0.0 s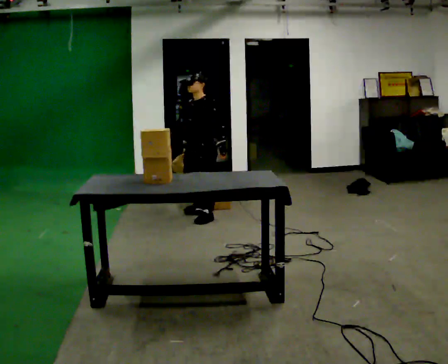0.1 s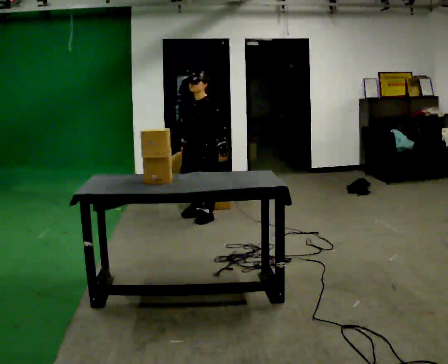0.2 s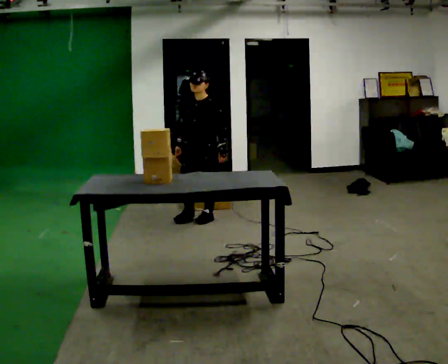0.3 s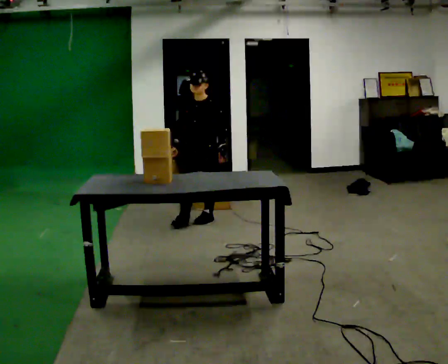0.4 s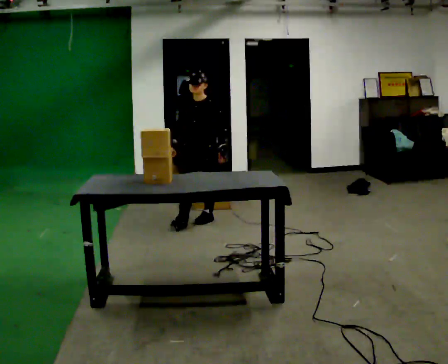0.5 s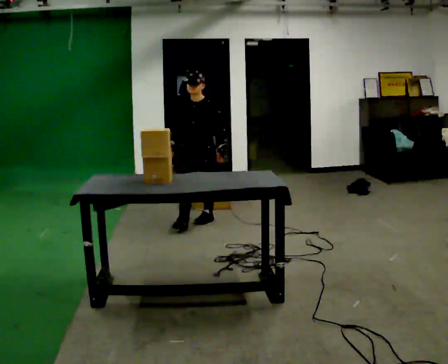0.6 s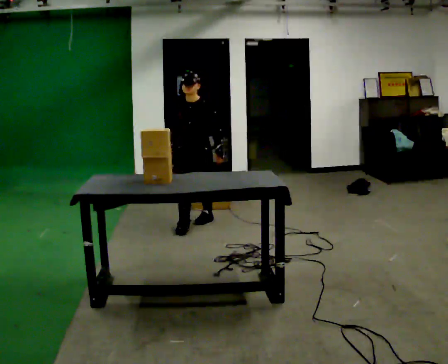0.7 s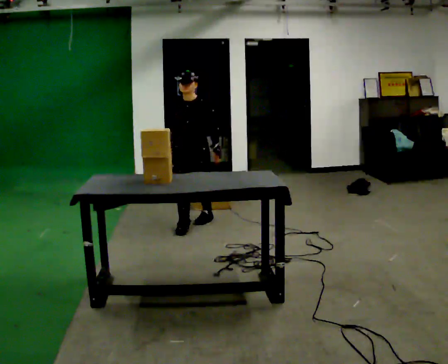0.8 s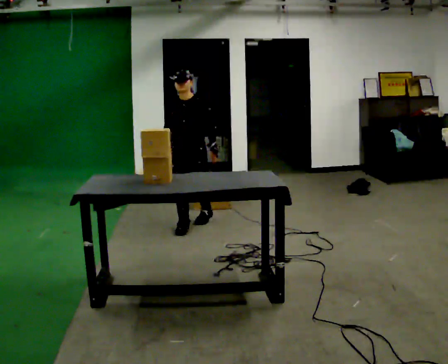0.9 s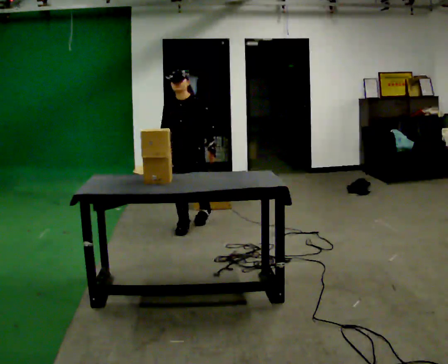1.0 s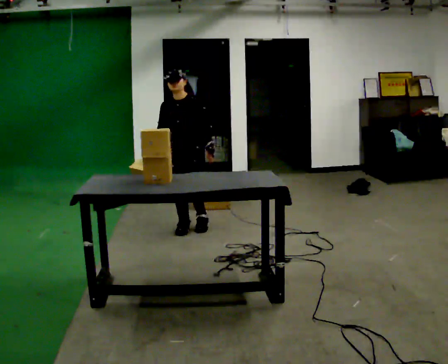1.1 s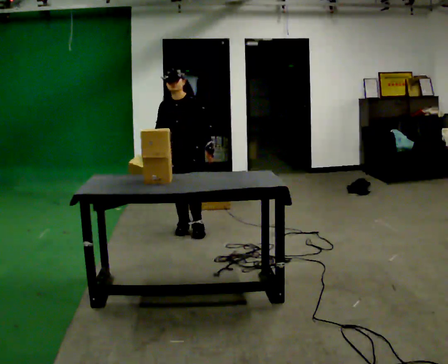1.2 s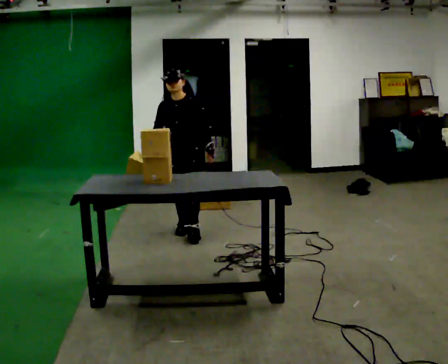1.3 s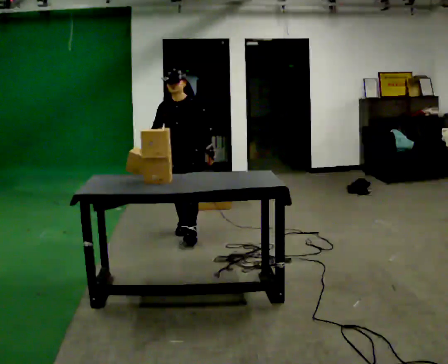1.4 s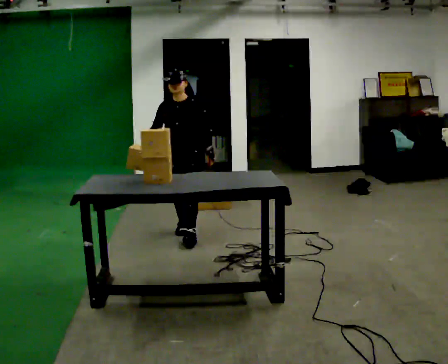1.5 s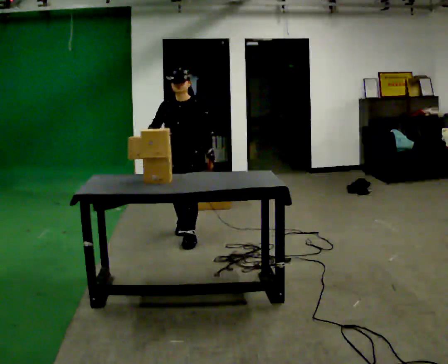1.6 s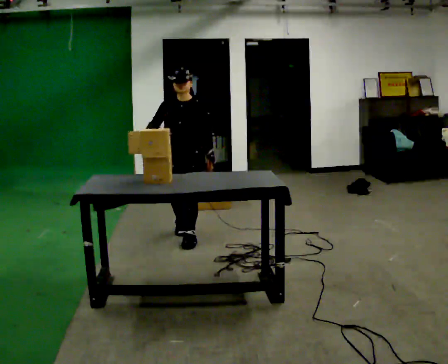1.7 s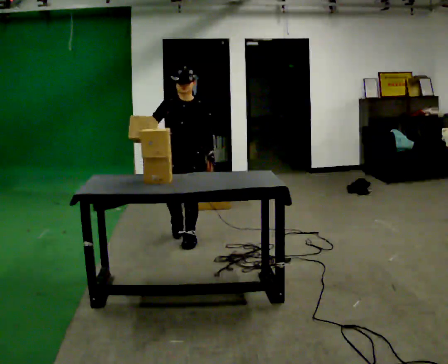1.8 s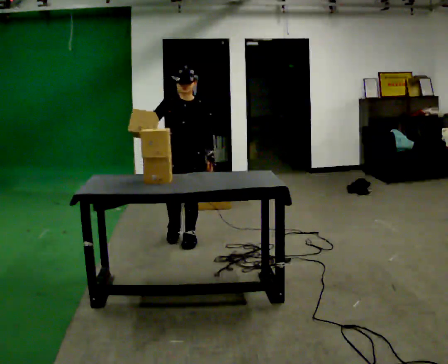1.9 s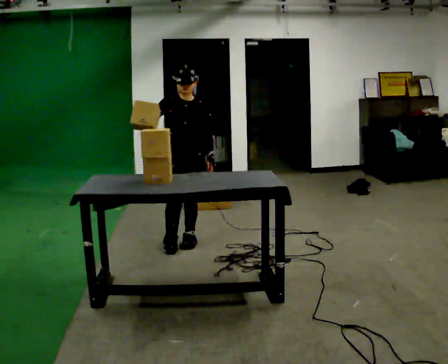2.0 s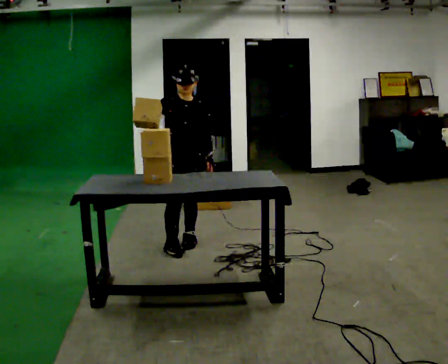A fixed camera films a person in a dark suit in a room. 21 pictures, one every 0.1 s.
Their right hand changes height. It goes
upward.
The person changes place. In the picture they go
toward the camera.
0.0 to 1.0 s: Seen from above the body turns counterclockwise, about 30 degrees: to their left, with its near side sliding to the right. In the picture they go toward the camera and to the left, about 0.5 m in 1 step, which for them is forward.
1.0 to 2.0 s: The person turns about 30 degrees to their left, counterclockwise seen from above, so the part of the body nearest the lens slides to the right. In the picture they go toward the camera, about 0.5 m in 1 step, which for them is forward. In the picture their right hand goes upward.
The film runs forward here.
